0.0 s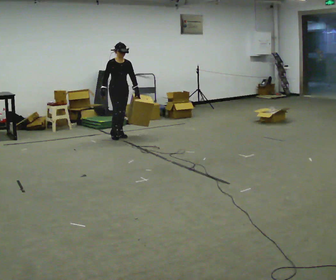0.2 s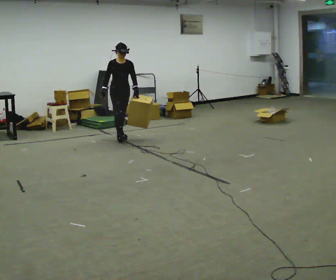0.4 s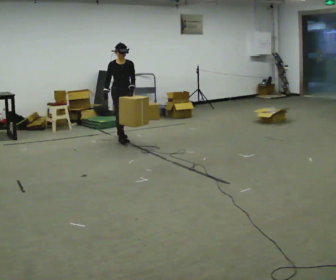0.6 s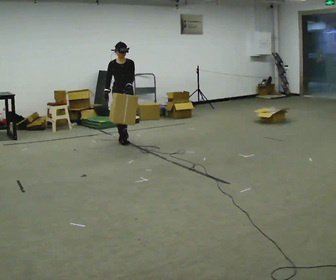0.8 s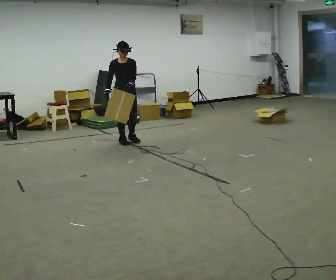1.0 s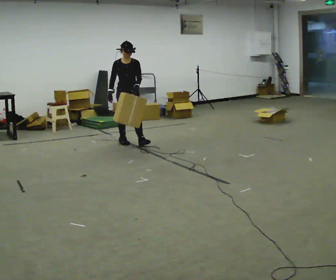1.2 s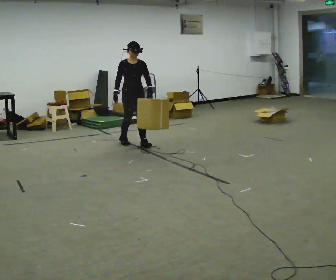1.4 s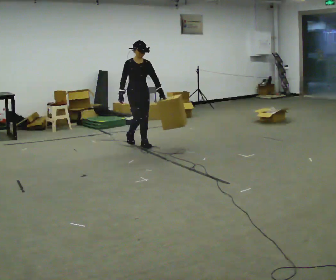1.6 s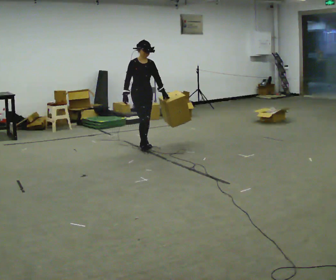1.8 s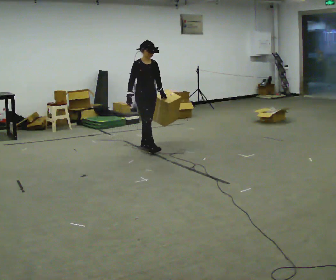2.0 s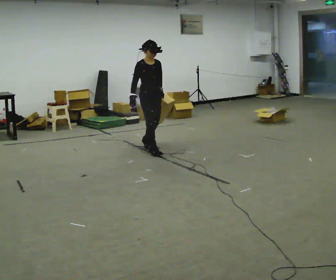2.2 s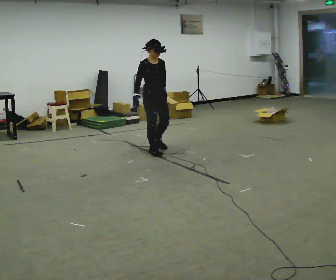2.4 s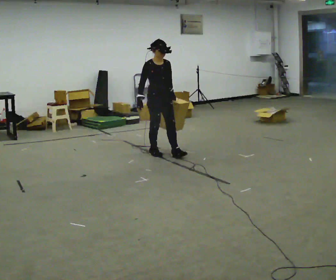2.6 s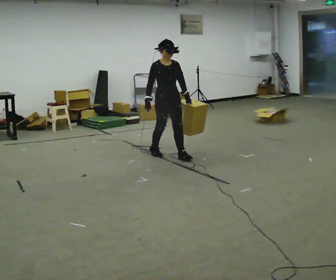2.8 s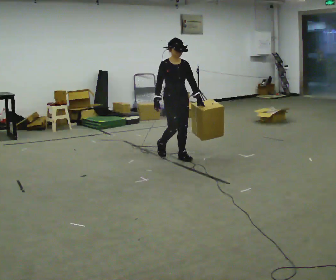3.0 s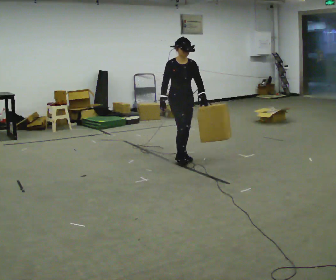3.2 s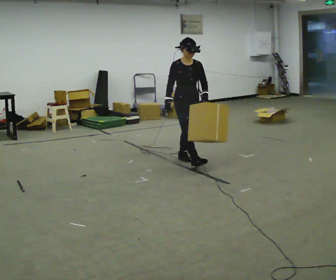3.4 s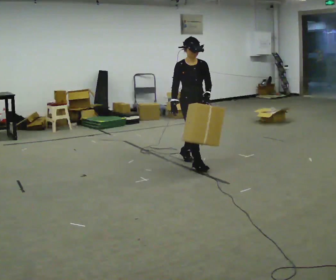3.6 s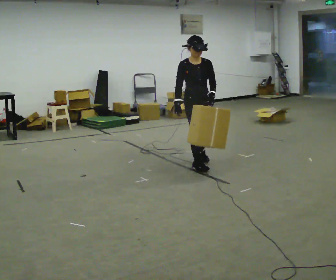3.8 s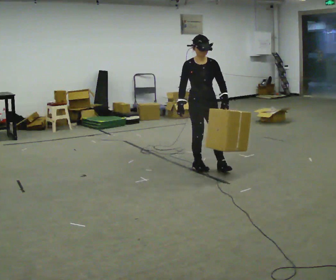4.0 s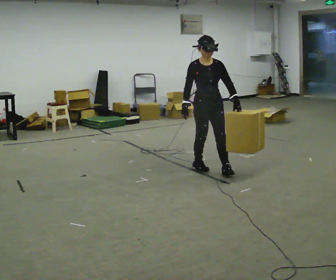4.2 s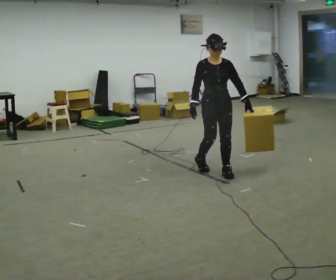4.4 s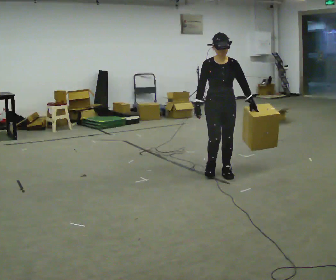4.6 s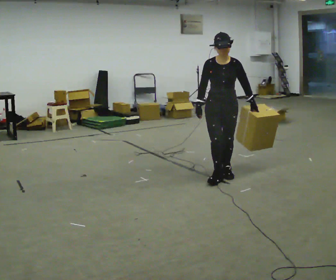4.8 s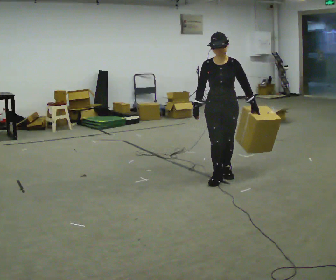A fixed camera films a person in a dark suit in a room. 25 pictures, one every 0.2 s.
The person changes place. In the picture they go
toward the camera.
0.0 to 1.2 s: In the picture they go toward the camera and to the right, about 0.5 m in 2 steps, which for them is forward.
1.2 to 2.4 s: In the picture they go toward the camera and to the right, about 0.75 m in 1 step, which for them is forward.
2.4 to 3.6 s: In the picture they go toward the camera and to the right, about 0.5 m in 2 steps, which for them is forward.
3.6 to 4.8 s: The part of the body nearest the lens slides to the left as the person turns to their right by about 30 degrees. In the picture they go toward the camera and to the right, about 0.5 m in 2 steps, which for them is forward.
The film runs forward here.
